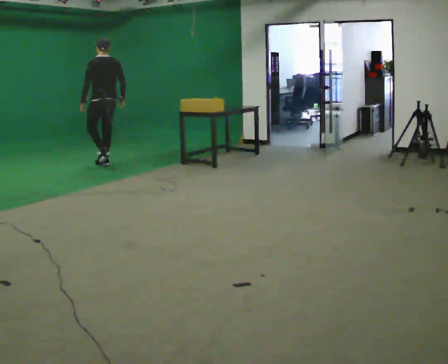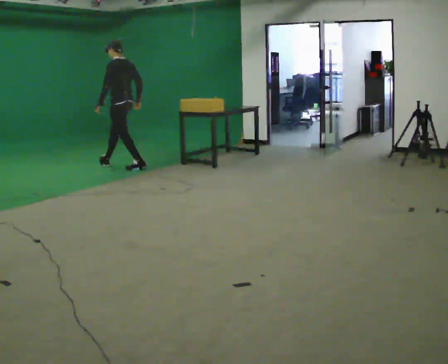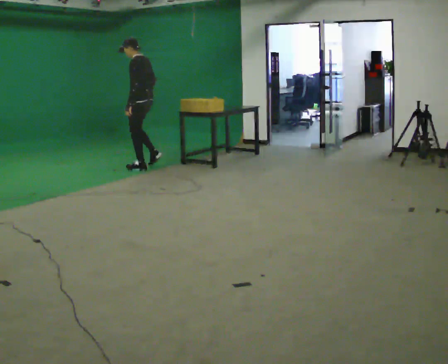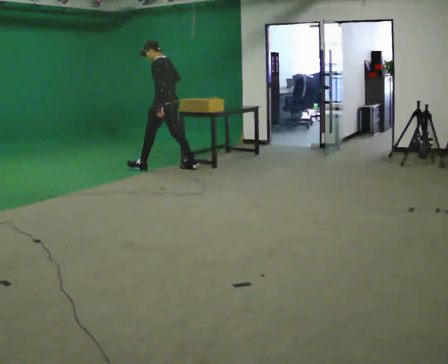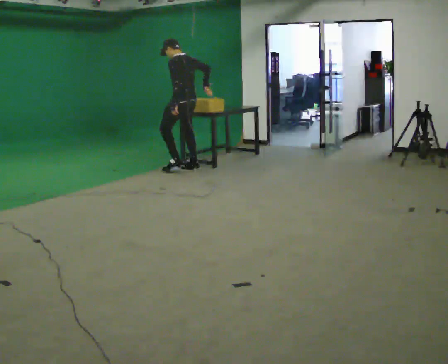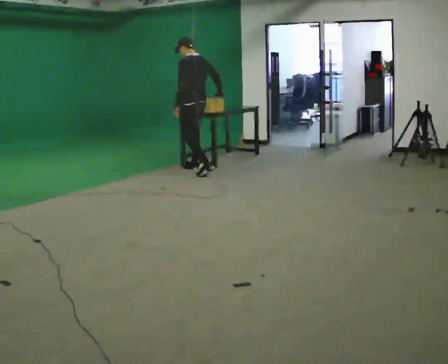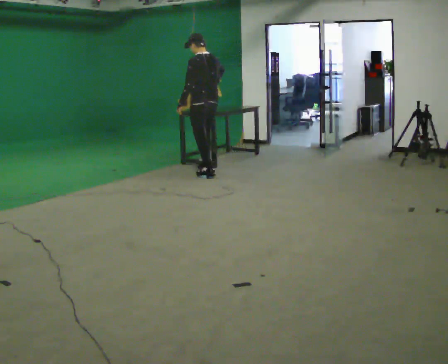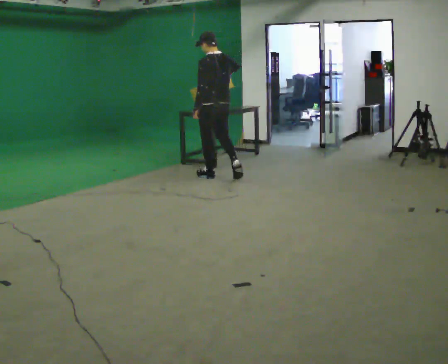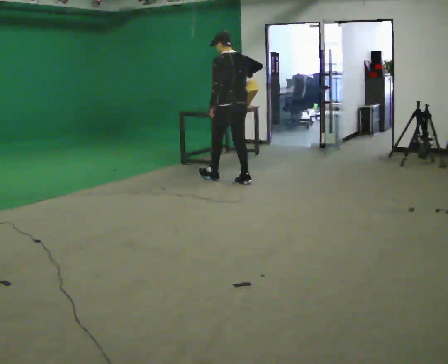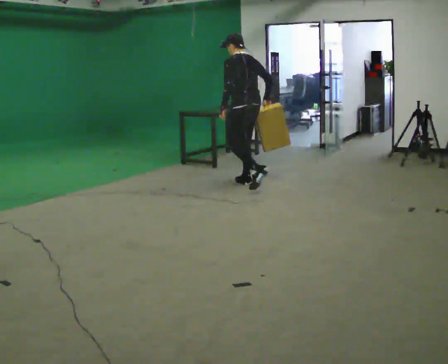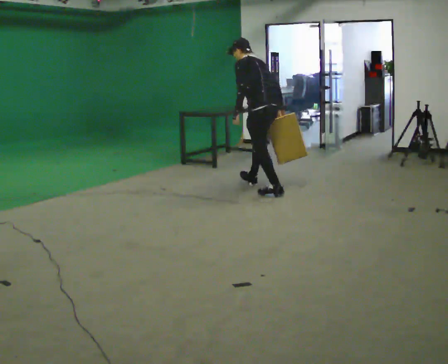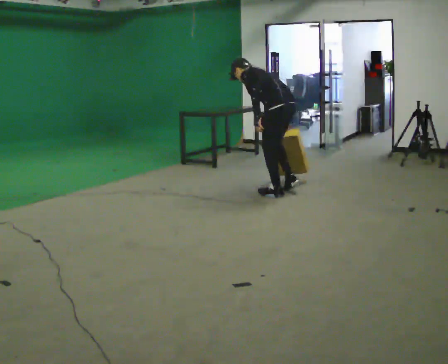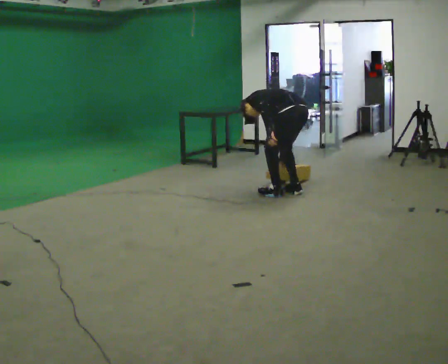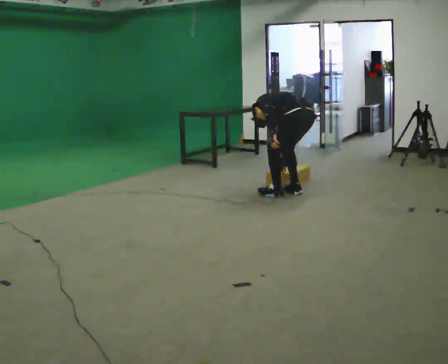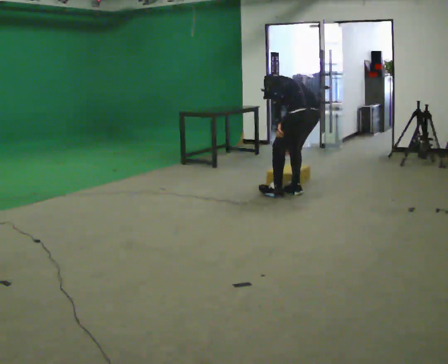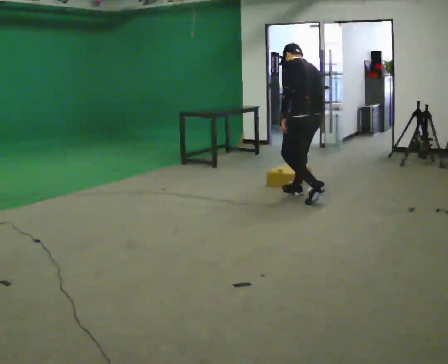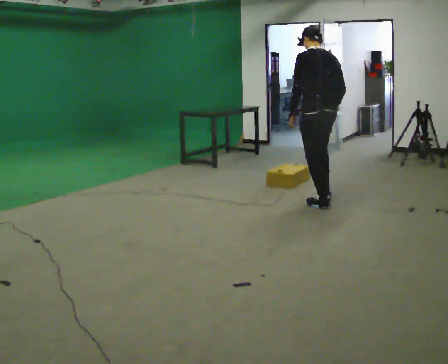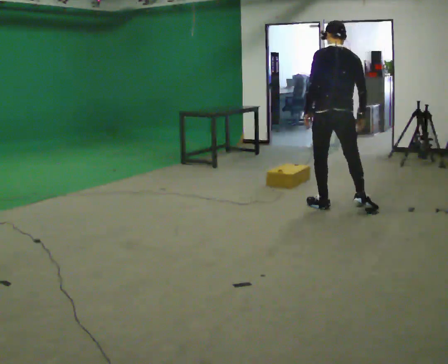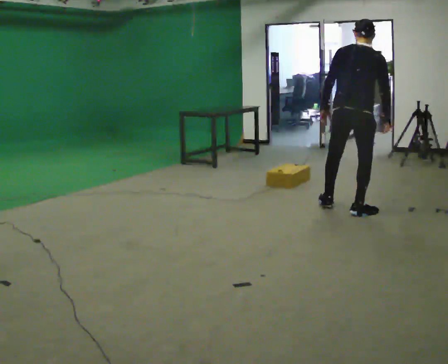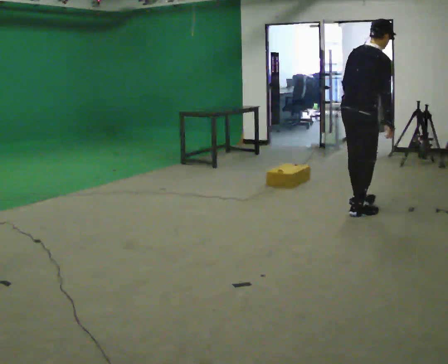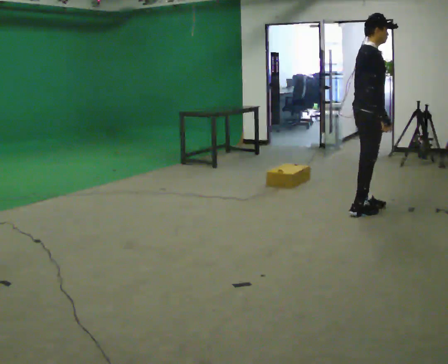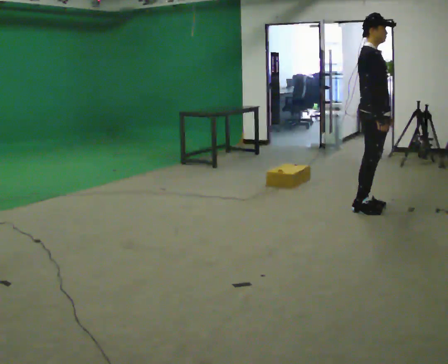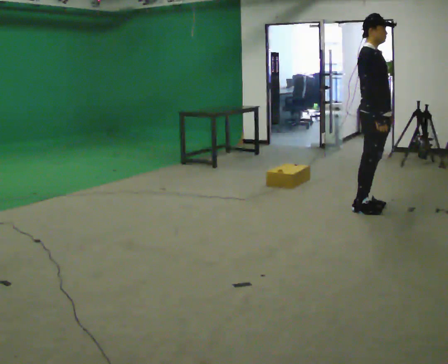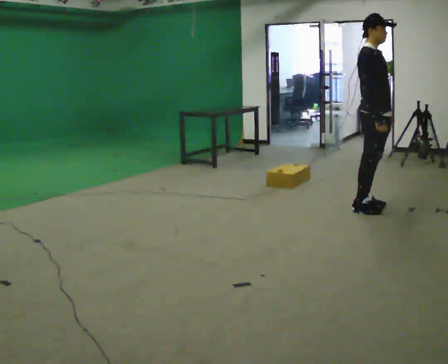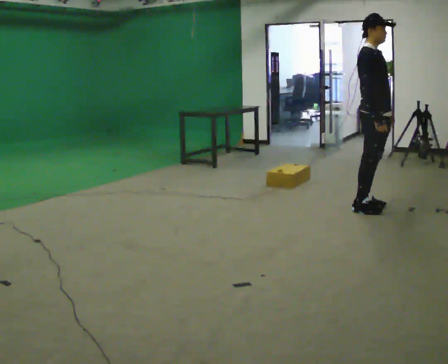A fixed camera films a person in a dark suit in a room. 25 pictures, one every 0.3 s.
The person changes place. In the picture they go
to the right.
0.0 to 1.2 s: The person turns about 30 degrees to their left, counterclockwise seen from above, so the part of the body nearest the lens slides to the right. In the picture they go to the right, about 1 m in 2 steps, which for them is backward.
1.2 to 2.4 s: The person turns about 30 degrees to their right, clockwise seen from above, so the part of the body nearest the lens slides to the left. In the picture they go to the right and toward the camera, about 1 m in 2 steps, which for them is backward.
2.4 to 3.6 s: In the picture they go to the right and toward the camera, about 1 m in 1 step, which for them is backward. The upper body goes downward. In the picture the upper body tilts counterclockwise, shoulders to the left, as they bend forward. In the picture their right hand goes downward.
3.6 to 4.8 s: In the picture they go toward the camera and to the right, about 0.5 m in 2 steps, which for them is backward. The upper body goes upward. In the picture the upper body tilts clockwise, shoulders to the right, as they lean back or straighten.
4.8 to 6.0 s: The part of the body nearest the lens slides to the left as the person turns to their right by about 120 degrees. In the picture they go to the right and toward the camera, about 0.5 m in 1 step.
6.0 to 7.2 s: The part of the body nearest the lens slides to the left as the person turns to their right by about 30 degrees.
The film runs backward here.
